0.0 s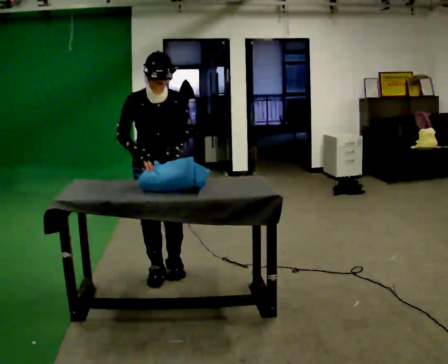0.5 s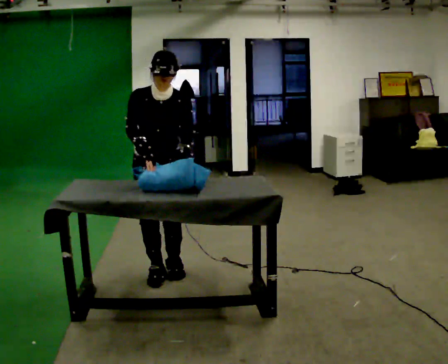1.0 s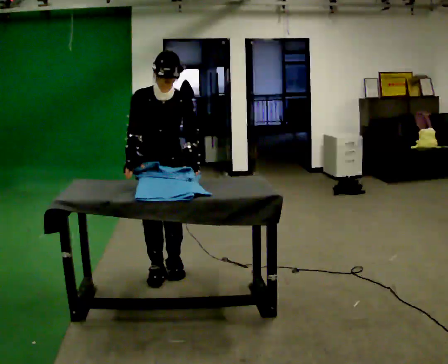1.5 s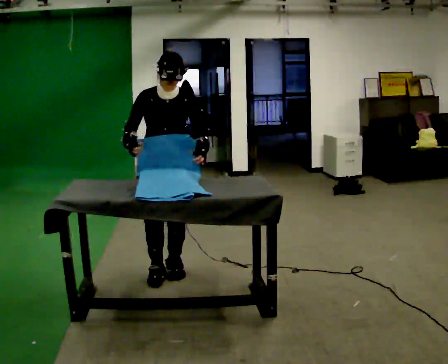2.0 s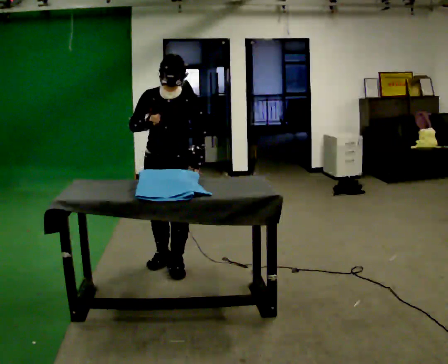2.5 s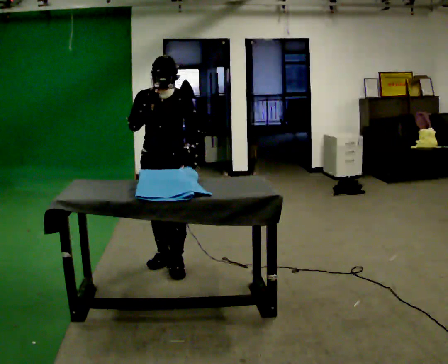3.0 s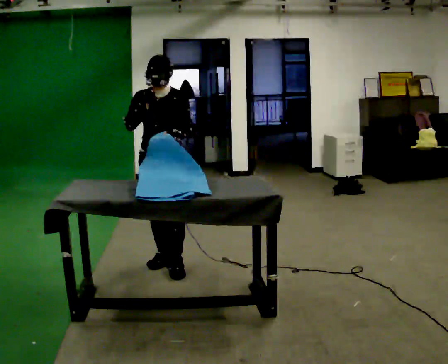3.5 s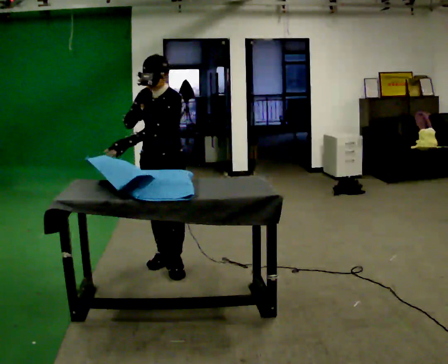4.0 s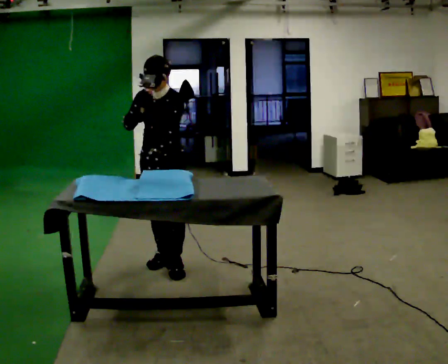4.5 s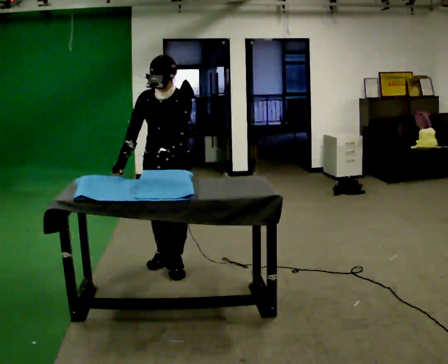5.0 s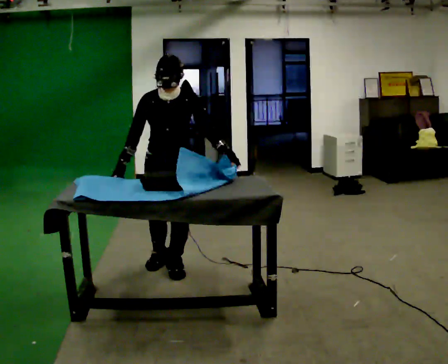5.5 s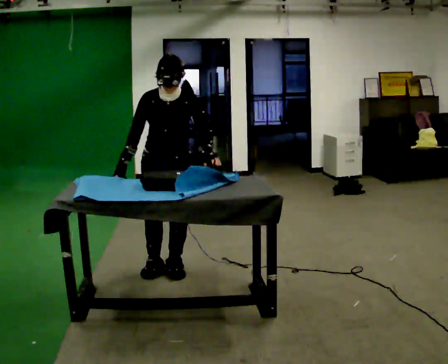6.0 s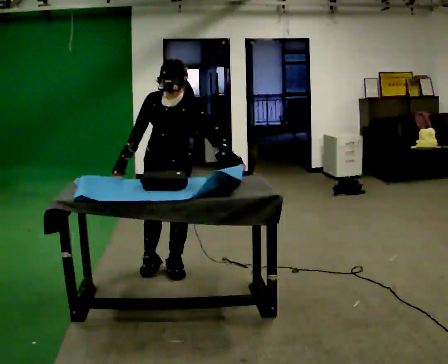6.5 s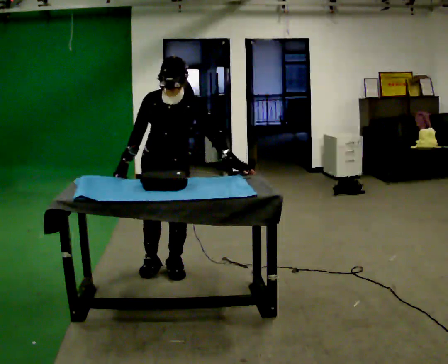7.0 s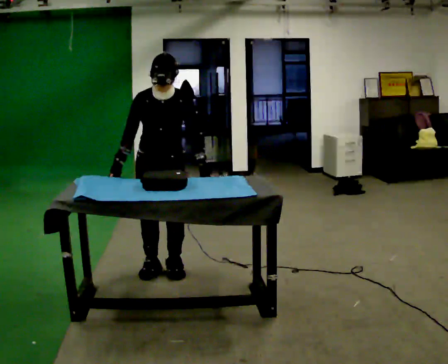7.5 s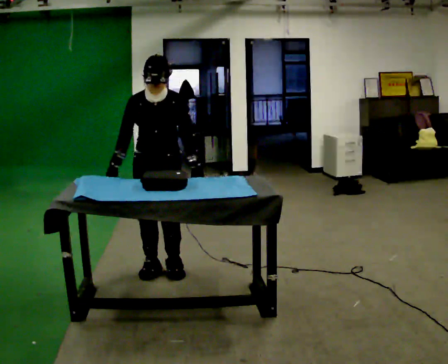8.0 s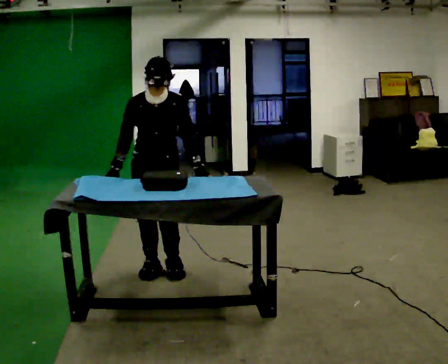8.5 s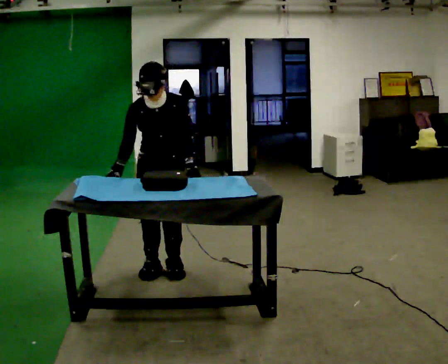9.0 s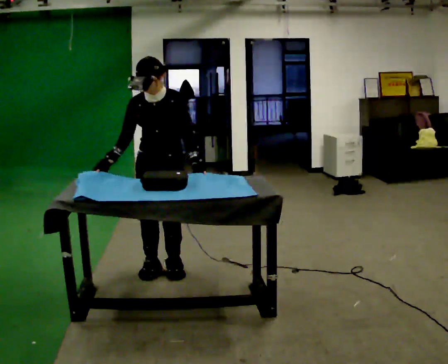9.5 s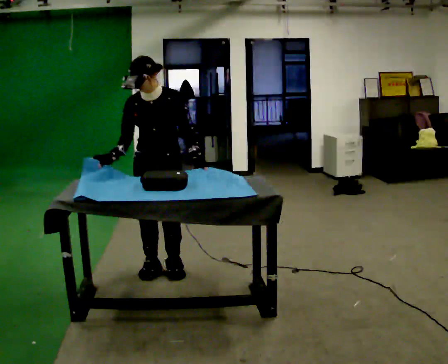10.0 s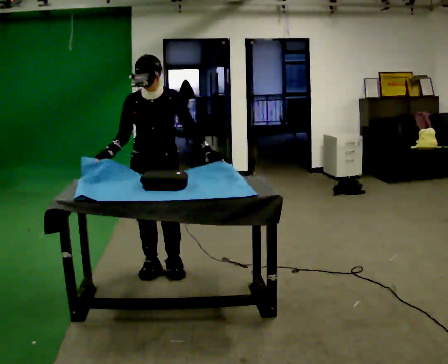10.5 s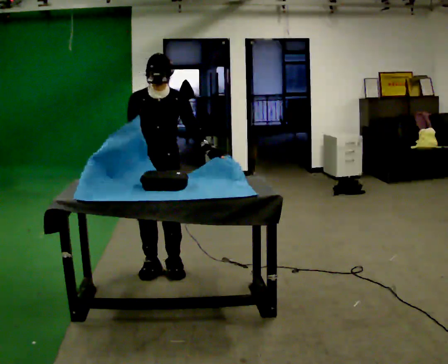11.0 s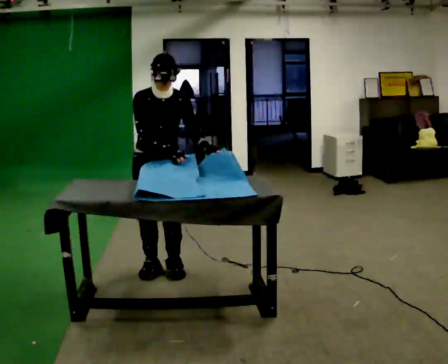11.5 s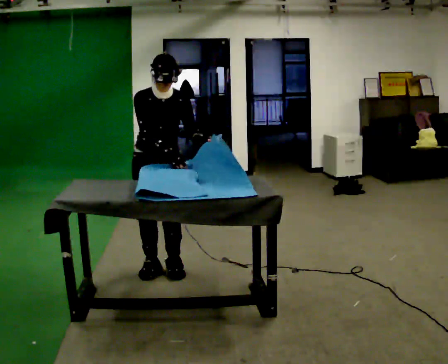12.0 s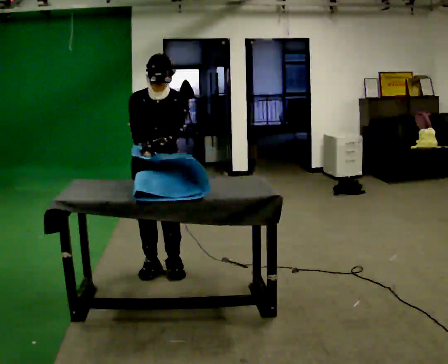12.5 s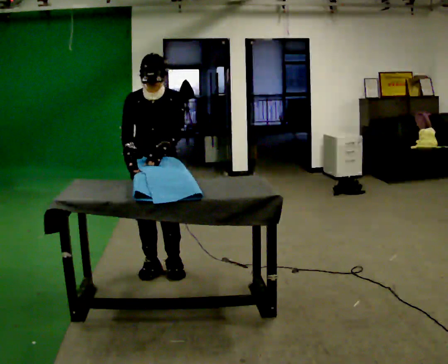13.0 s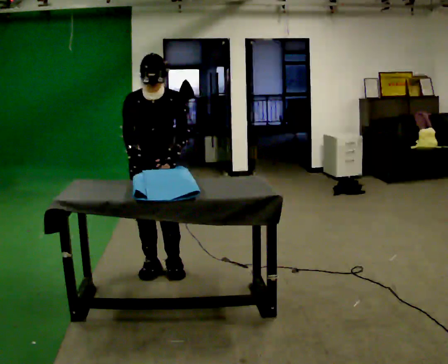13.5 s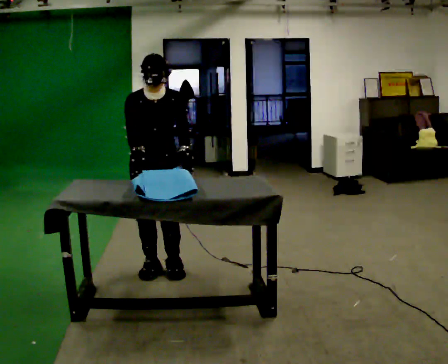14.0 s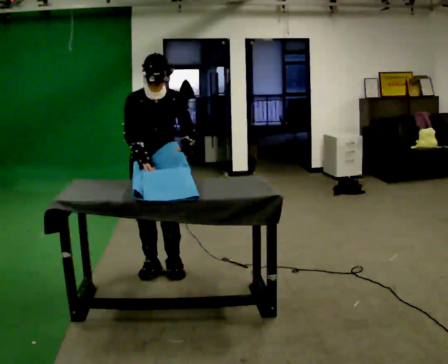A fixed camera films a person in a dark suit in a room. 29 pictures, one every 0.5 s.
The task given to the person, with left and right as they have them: Wrap the cloth around the object and tuck it in, then unwrap it. Repeat at your own pace until the operator says stop. Keep both feet on the marked spots for the whole take. If you have to step, stop and tell the operator.
0.0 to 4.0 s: The person turns about 30 degrees to their right, clockwise seen from above, so the part of the body nearest the lens slides to the left. In the picture they go away from the camera, about 0.25 m in 1 step, which for them is backward.
4.0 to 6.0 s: The upper body tips toward the camera, its near side rolling downward, as they bend forward. In the picture their right hand goes downward.
6.0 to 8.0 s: The upper body tips away from the camera, its near side rolling upward, as they lean back or straighten.
8.0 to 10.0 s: The person moves a little, or ends about where they began.
10.0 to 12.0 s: In the picture their left hand goes to the left.
12.0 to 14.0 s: The person moves a little, or ends about where they began.
The film runs forward here.
